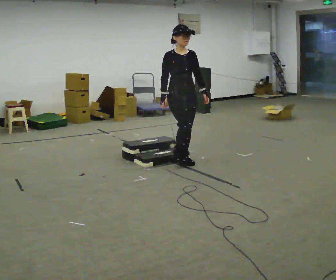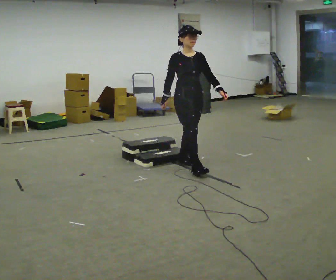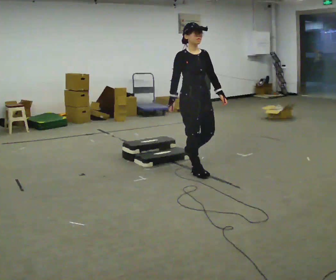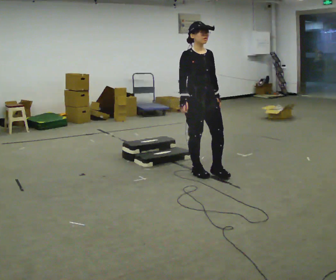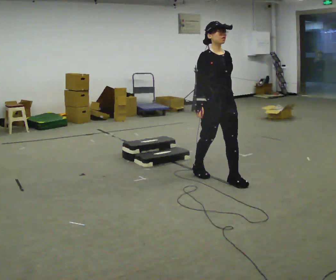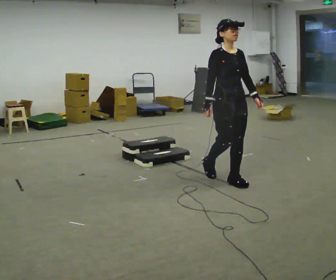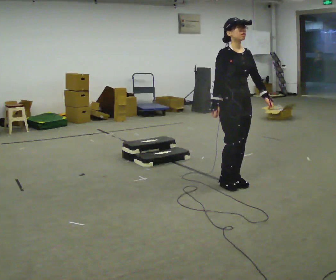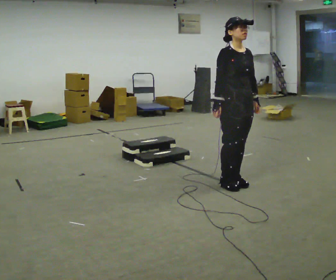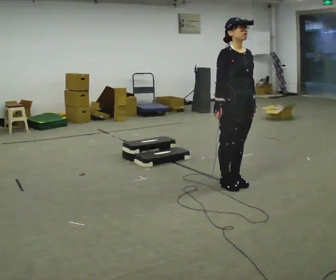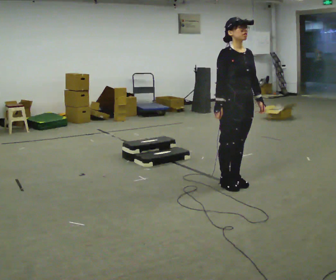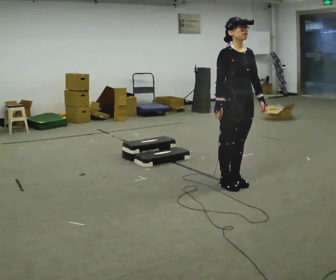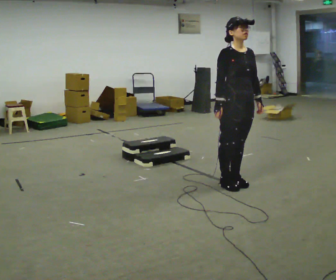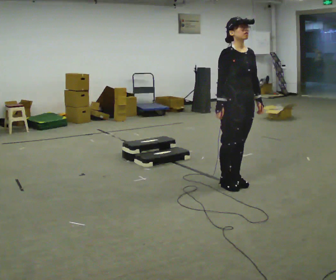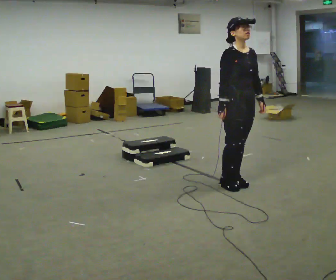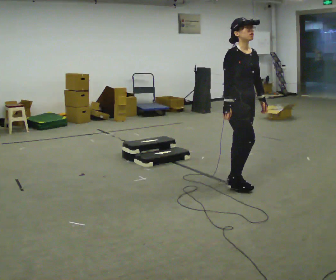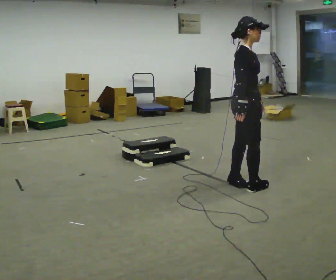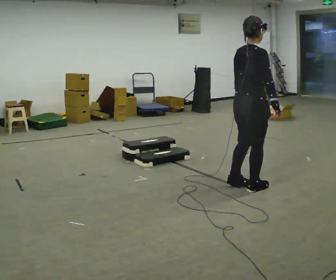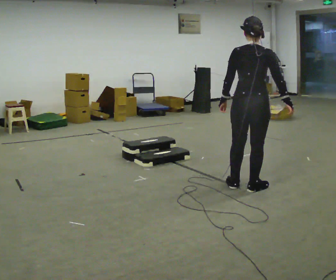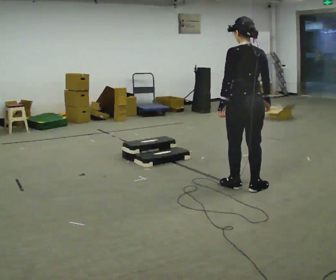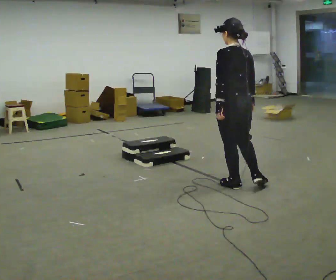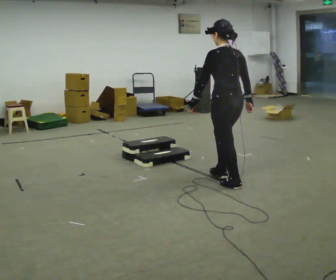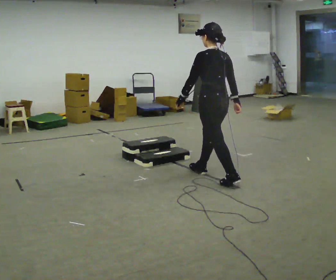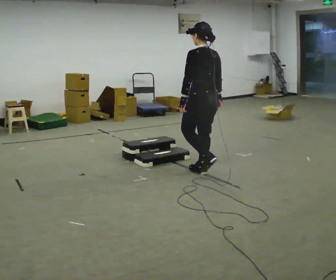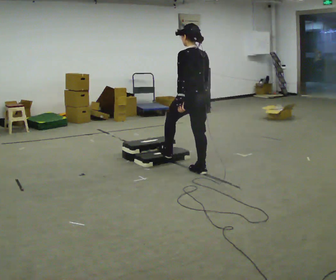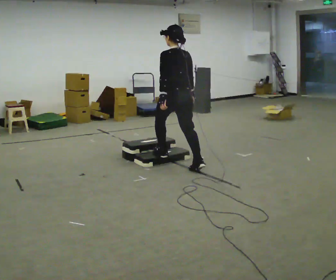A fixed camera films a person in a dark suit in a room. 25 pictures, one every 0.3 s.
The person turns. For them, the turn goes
to their left.
The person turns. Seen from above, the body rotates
counterclockwise.
0.0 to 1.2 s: In the picture they go toward the camera and to the right, about 0.75 m in 2 steps, which for them is forward.
1.2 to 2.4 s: In the picture they go to the right and toward the camera, about 0.25 m in 1 step, which for them is forward.
2.4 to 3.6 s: The person moves a little, or ends about where they began.
3.6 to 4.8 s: The person turns about 90 degrees to their left, counterclockwise seen from above, so the part of the body nearest the lens slides to the right. In the picture their right hand goes to the right.
4.8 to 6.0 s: The person turns about 90 degrees to their left, counterclockwise seen from above, so the part of the body nearest the lens slides to the right. In the picture they go to the left and away from the camera, about 0.25 m in 1 step. In the picture their left hand goes to the left.
6.0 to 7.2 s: In the picture they go to the left and away from the camera, about 1 m in 2 steps, which for them is forward.
The film runs forward here.
